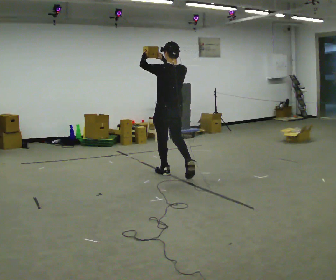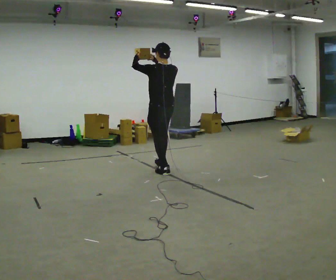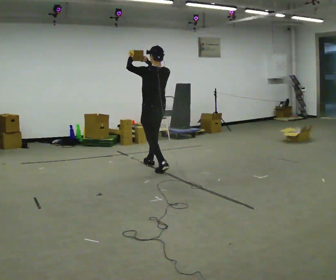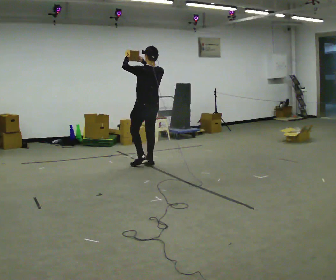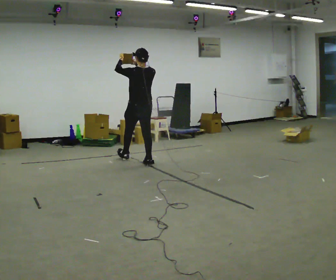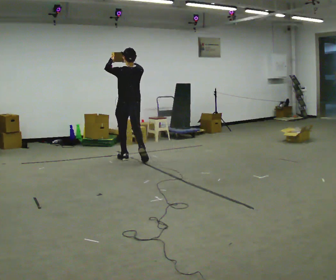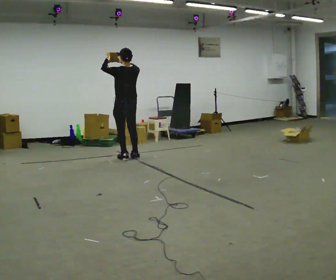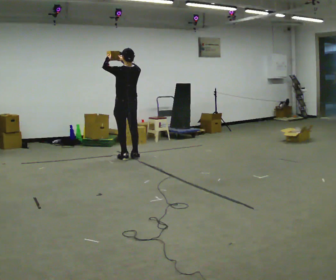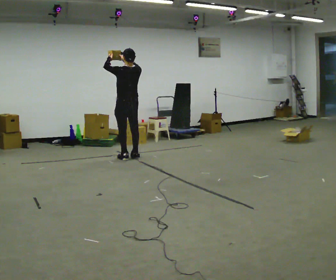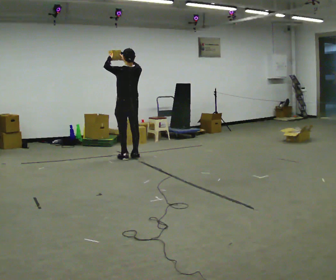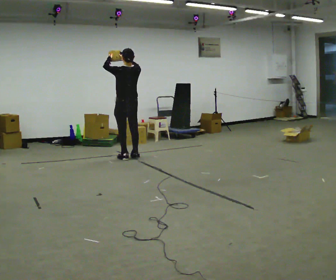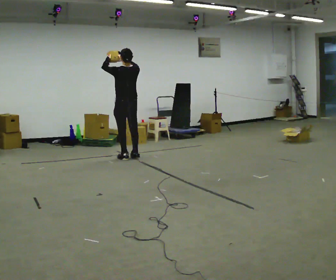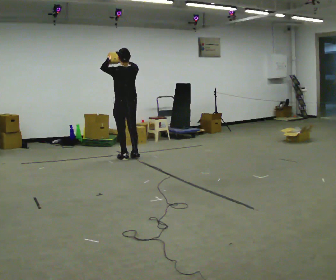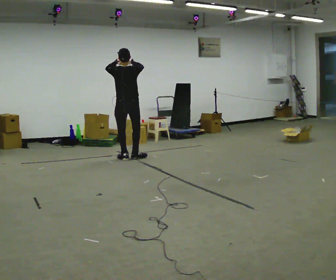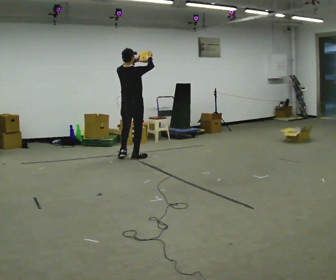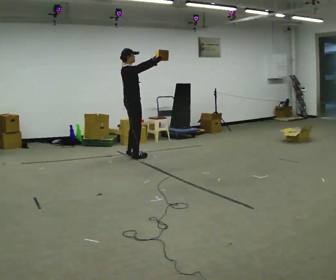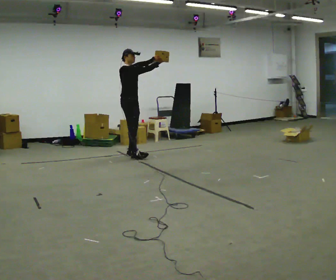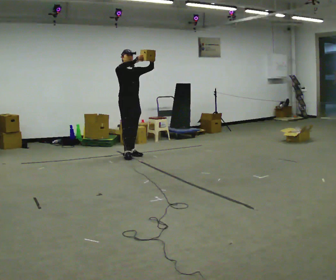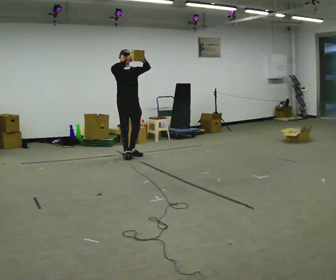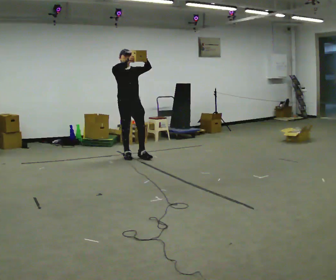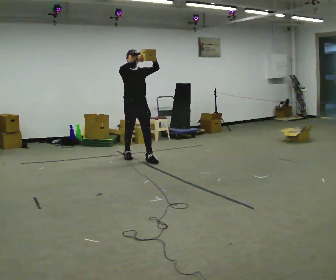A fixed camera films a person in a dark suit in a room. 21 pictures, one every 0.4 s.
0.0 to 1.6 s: In the picture they go away from the camera and to the left, about 1 m in 2 steps, which for them is forward.
1.6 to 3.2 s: In the picture they go away from the camera and to the left, about 0.5 m in 1 step, which for them is forward.
3.2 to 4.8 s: The person moves a little, or ends about where they began.
4.8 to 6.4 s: The person turns about 135 degrees to their right, clockwise seen from above, so the part of the body nearest the lens slides to the left. In the picture they go away from the camera, about 0.25 m in 1 step. In the picture their left hand goes to the right.
6.4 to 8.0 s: Seen from above the body turns clockwise, about 45 degrees: to their right, with its near side sliding to the left. In the picture they go toward the camera, about 0.25 m in 1 step, which for them is forward.
The film runs forward here.
